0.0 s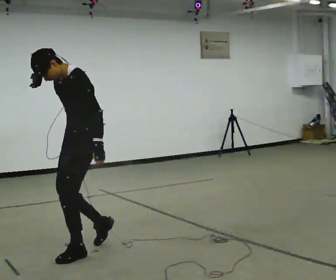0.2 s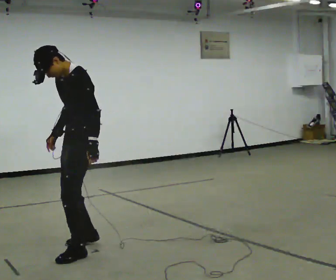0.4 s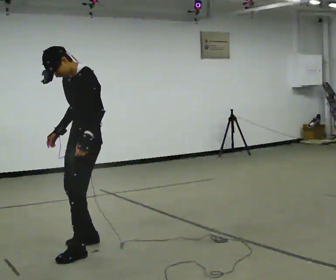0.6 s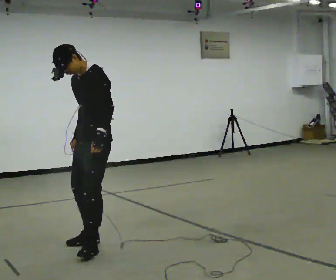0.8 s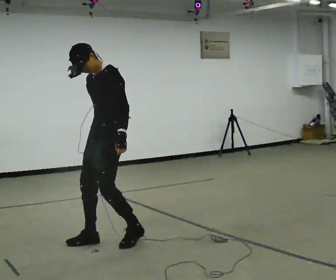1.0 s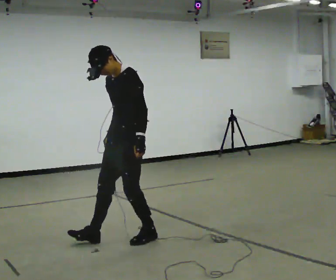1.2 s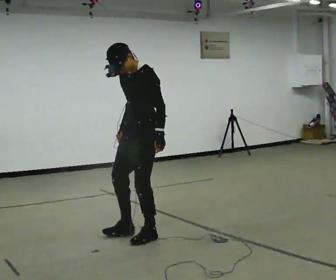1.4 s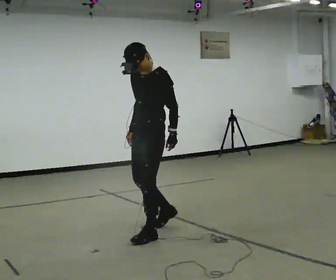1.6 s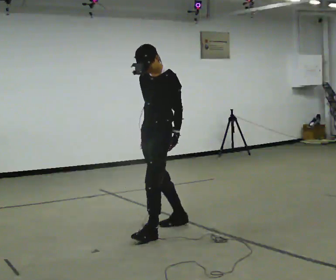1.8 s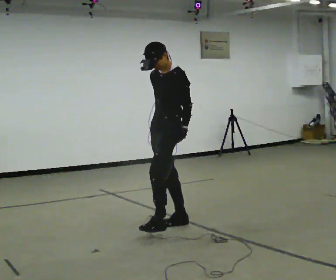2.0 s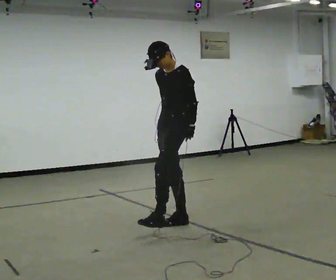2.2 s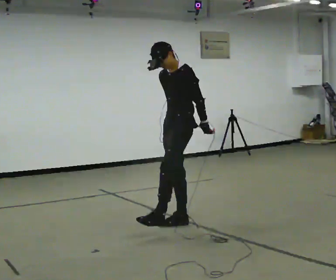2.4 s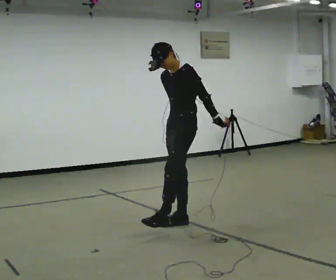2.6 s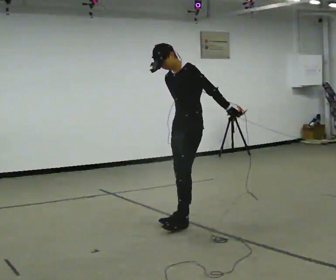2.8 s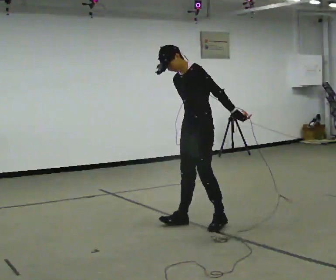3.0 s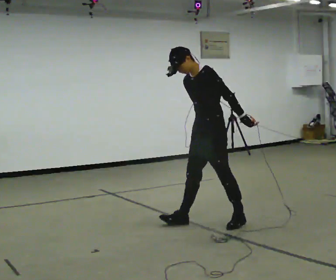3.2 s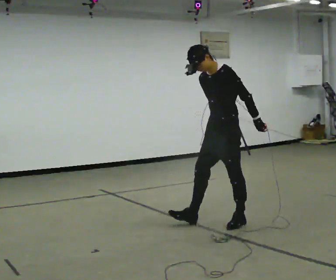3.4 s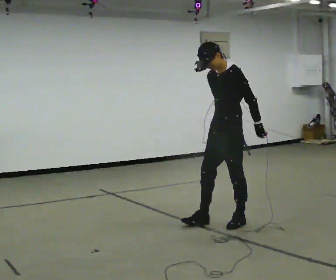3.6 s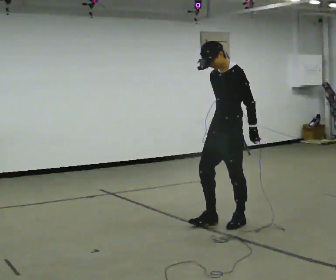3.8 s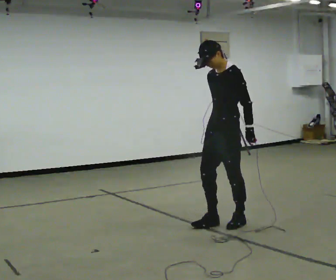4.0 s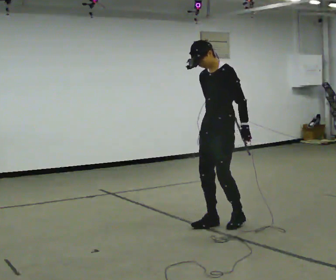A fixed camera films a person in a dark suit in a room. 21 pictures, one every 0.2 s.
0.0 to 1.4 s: In the picture they go away from the camera and to the right, about 0.5 m in 2 steps, which for them is backward.
1.4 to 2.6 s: In the picture they go to the right and away from the camera, about 0.5 m in 1 step, which for them is backward.
2.6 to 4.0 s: In the picture they go to the right, about 0.25 m in 2 steps, which for them is to their left and backward.
The film runs forward here.
